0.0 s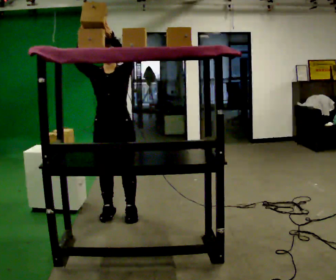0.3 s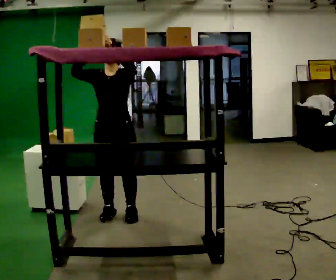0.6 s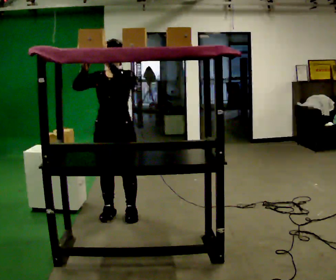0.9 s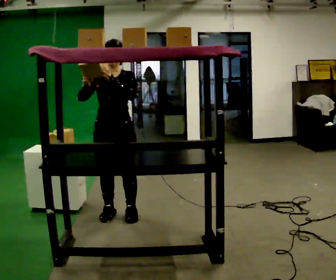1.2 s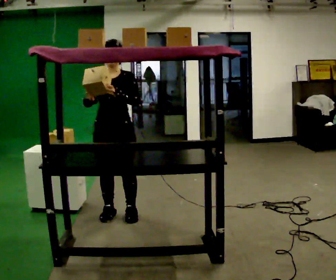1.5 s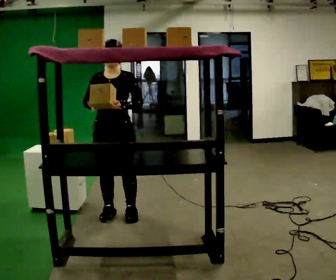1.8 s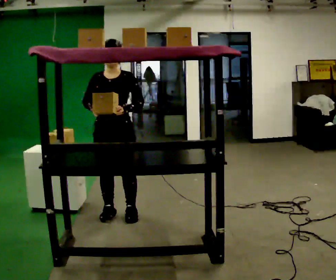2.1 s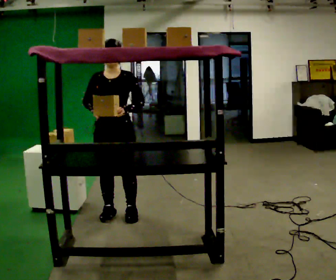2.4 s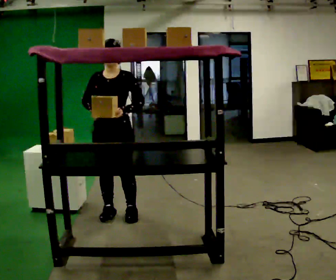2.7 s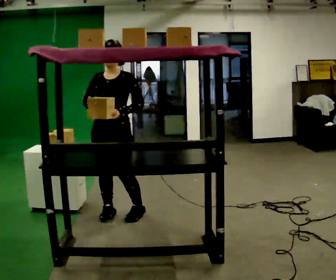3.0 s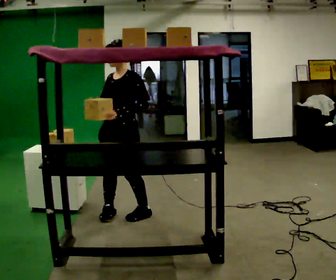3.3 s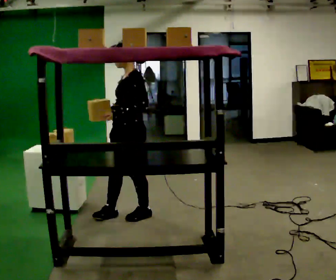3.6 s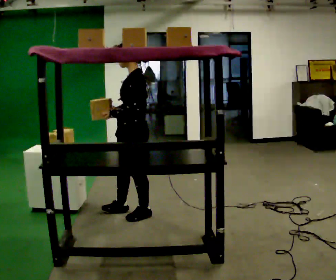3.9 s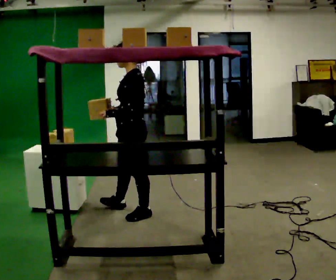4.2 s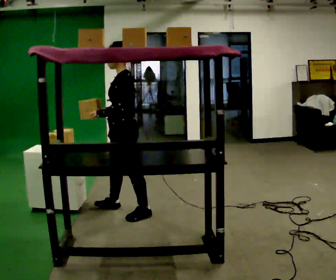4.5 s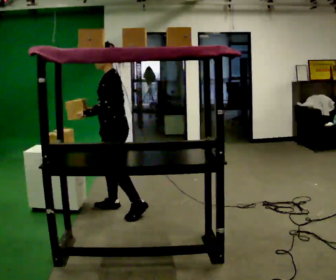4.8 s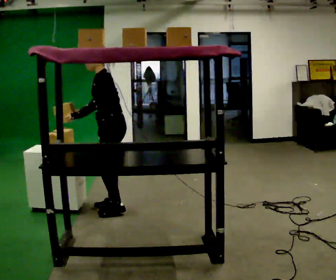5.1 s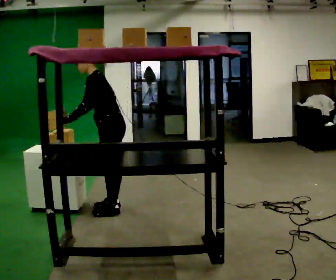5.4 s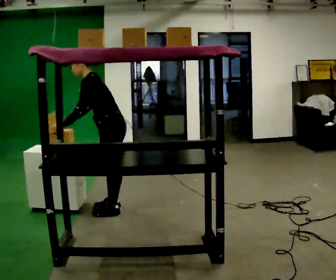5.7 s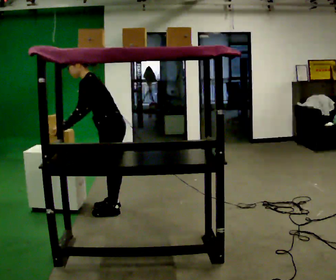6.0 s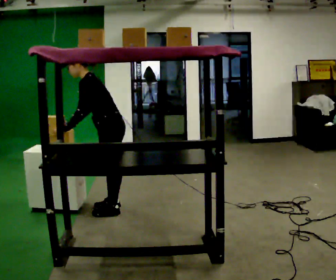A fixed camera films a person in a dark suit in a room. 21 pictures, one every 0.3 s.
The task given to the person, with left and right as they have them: Take an object from the waist-height shelf and place it on the highest shelf you can comfortably reach. Repeat at your own pace until the operator says stop. Keep both feet on the marked spots for the whole take. If you have to step, stop and tell the operator.
0.0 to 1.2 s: In the picture their right hand goes downward.
1.2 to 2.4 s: The person moves a little, or ends about where they began.
2.4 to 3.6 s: The part of the body nearest the lens slides to the left as the person turns to their right by about 75 degrees. In the picture they go to the right, about 0.25 m.
3.6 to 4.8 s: In the picture they go away from the camera and to the left, about 0.25 m in 1 step, which for them is to their right and forward. In the picture the upper body tilts counterclockwise, shoulders to the left, as they bend forward.
4.8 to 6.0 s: In the picture the upper body tilts counterclockwise, shoulders to the left, as they bend forward.
The film runs forward here.
